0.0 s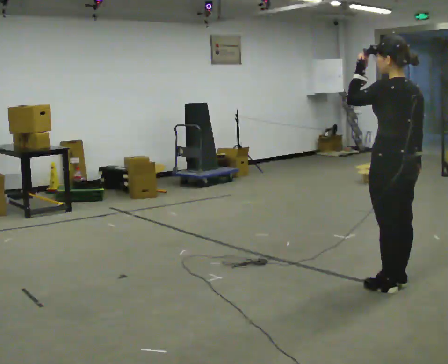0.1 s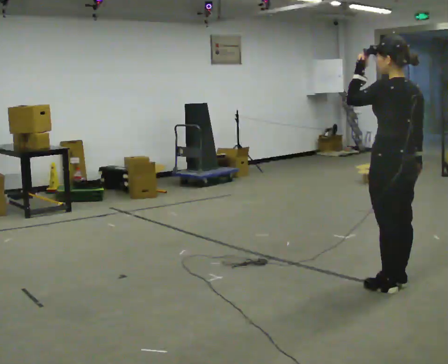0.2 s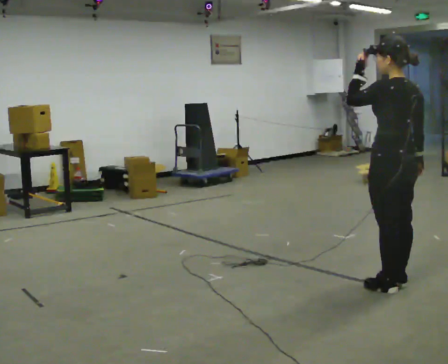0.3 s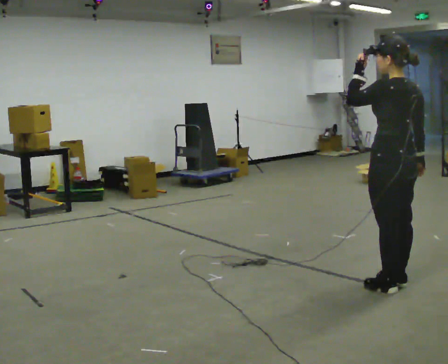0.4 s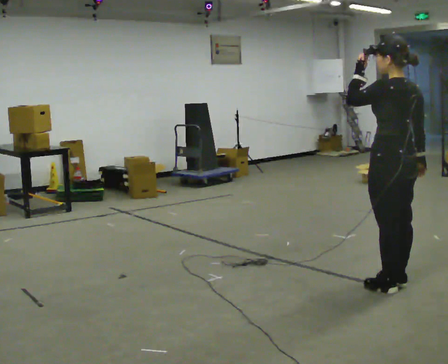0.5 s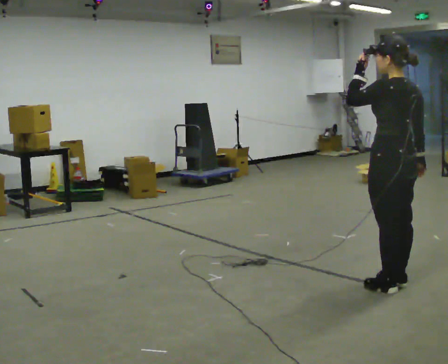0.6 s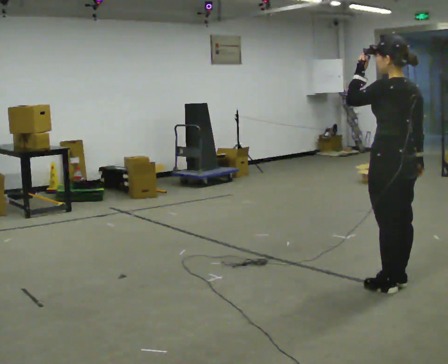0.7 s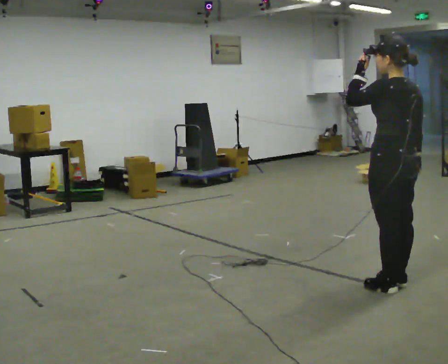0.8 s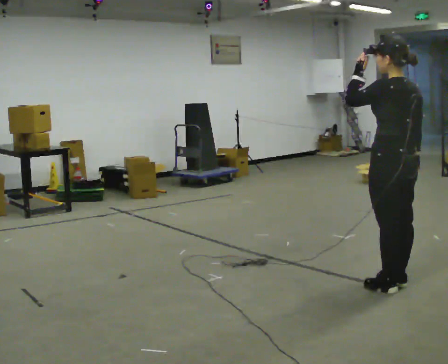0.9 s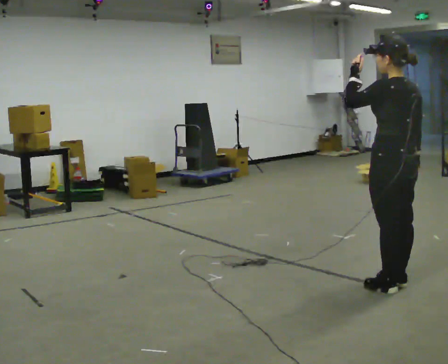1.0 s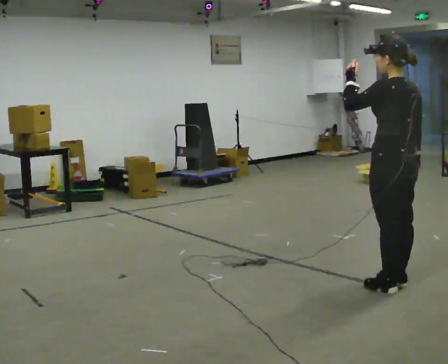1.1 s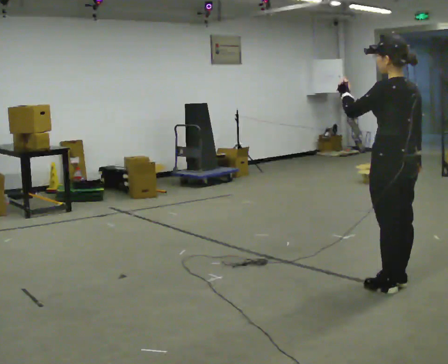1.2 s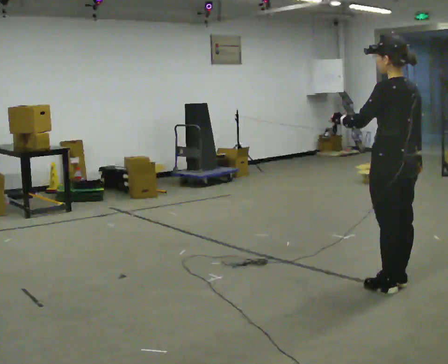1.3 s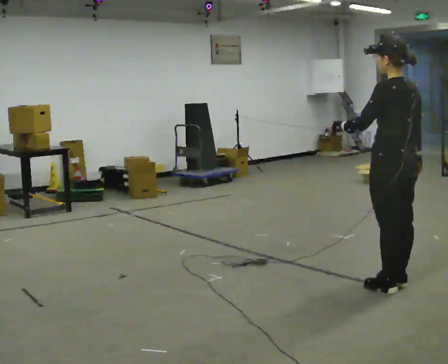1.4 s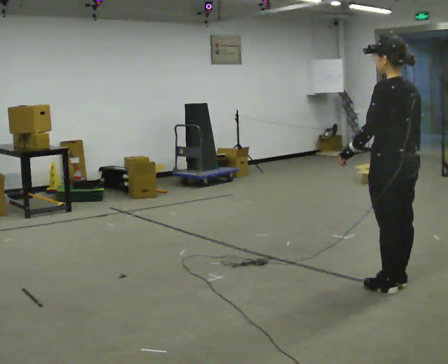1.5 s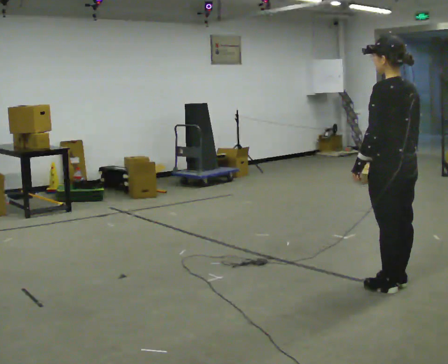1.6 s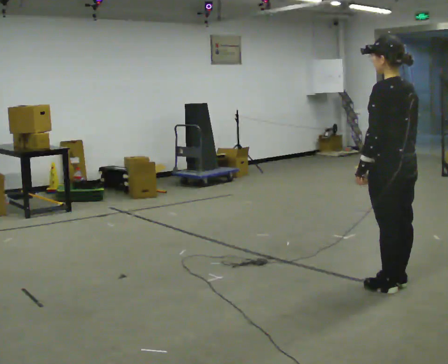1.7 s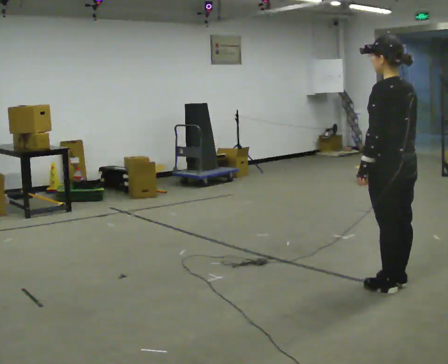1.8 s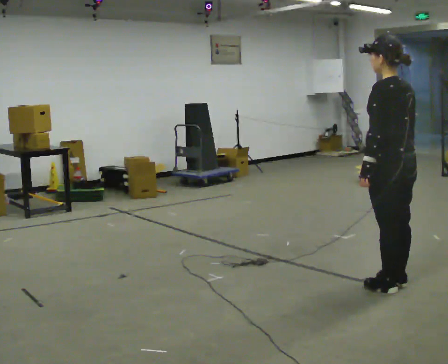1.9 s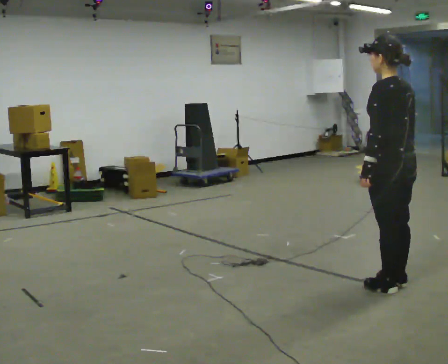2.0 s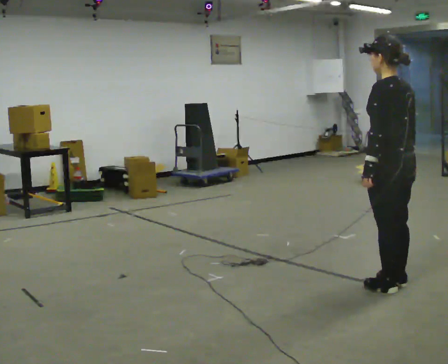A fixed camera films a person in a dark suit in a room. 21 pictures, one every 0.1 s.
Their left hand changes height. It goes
downward.
0.0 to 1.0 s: The person moves a little, or ends about where they began.
1.0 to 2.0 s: In the picture their left hand goes downward.
The film runs backward here.
